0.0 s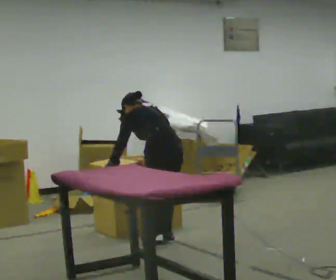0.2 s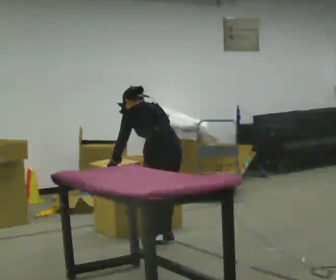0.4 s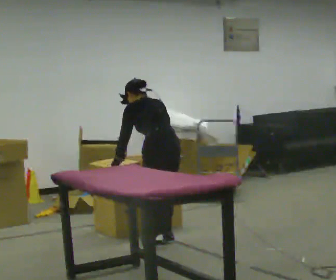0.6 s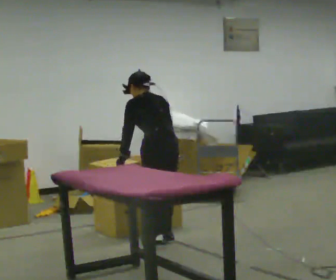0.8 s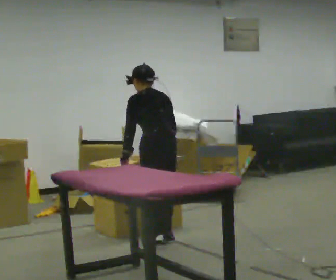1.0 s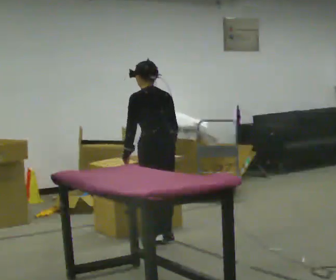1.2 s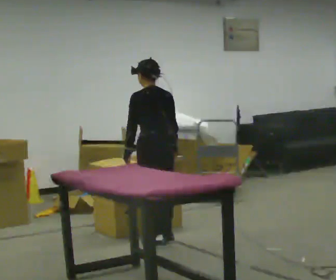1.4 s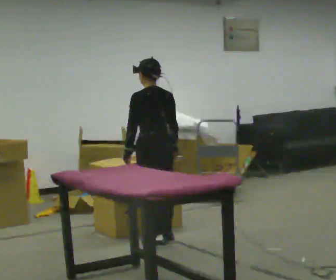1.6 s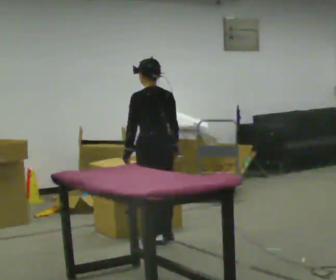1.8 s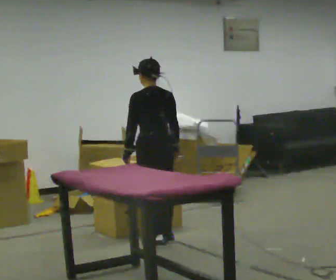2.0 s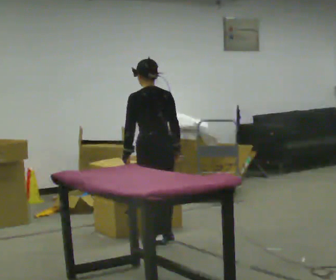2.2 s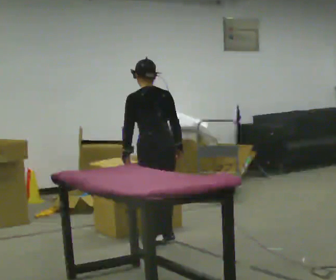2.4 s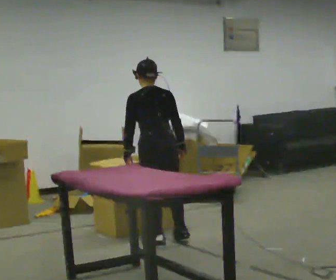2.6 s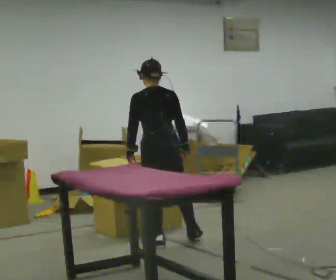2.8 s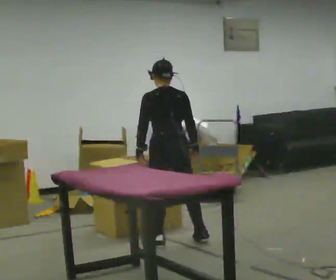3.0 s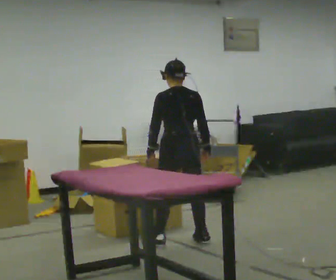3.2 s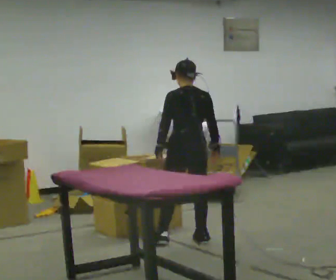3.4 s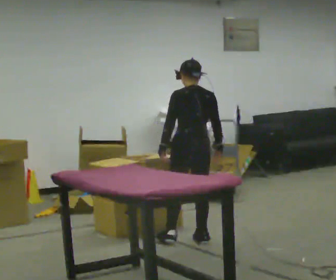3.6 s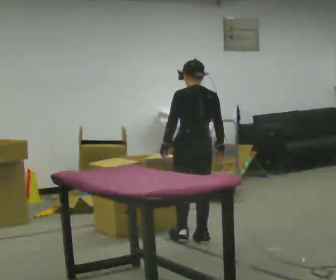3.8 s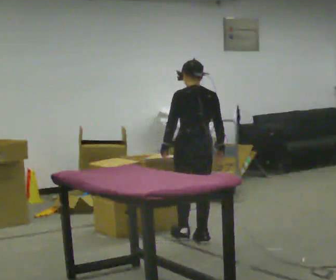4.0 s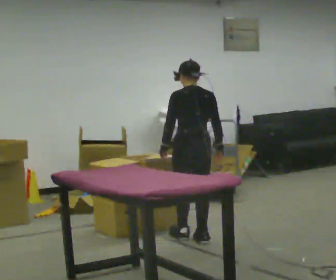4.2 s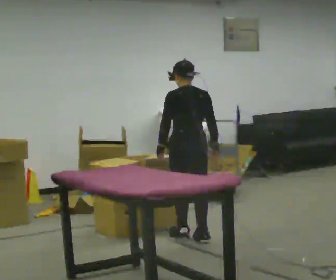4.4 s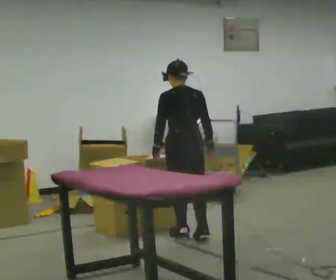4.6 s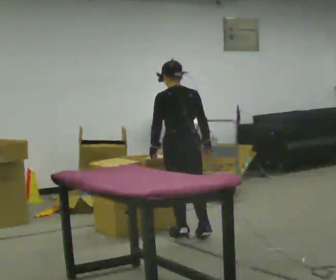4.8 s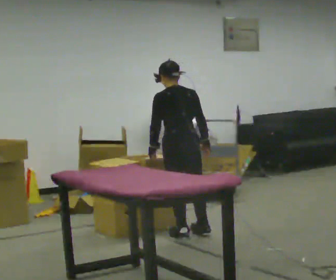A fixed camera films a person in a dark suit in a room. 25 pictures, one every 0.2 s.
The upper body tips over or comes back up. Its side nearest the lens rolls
downward.
0.0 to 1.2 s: The shoulders move upward. The upper body tips toward the camera, its near side rolling downward, as they lean back or straighten.
1.2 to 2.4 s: The person moves a little, or ends about where they began.
2.4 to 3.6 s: In the picture they go to the right, about 0.25 m in 1 step, which for them is to their right.
3.6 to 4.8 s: The person moves a little, or ends about where they began.
The film runs forward here.
